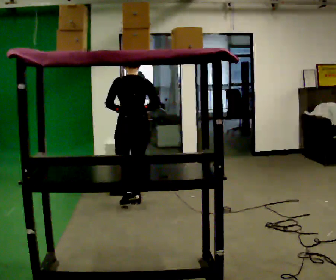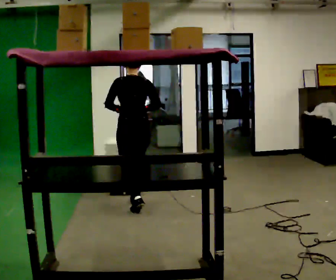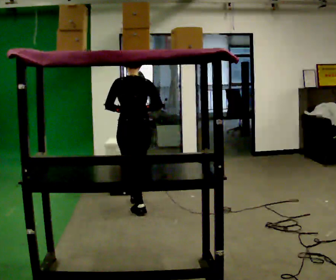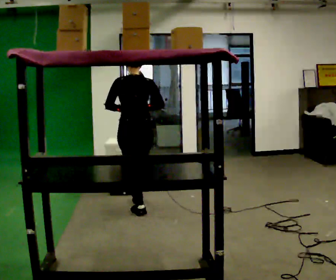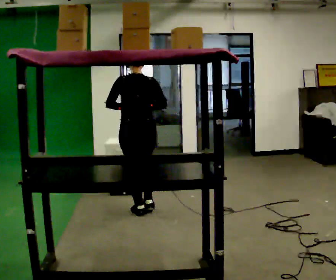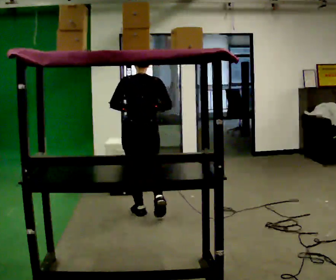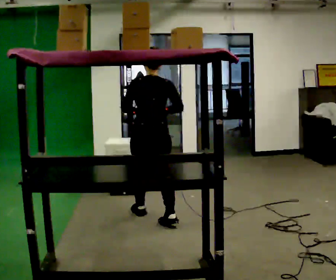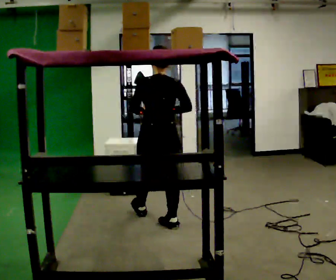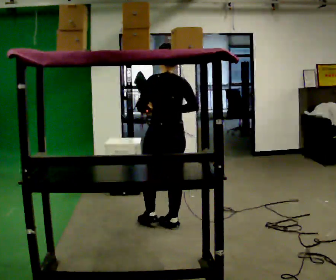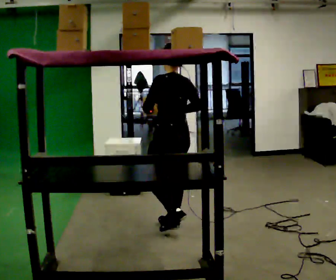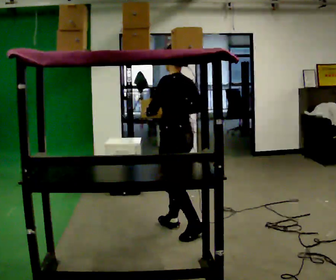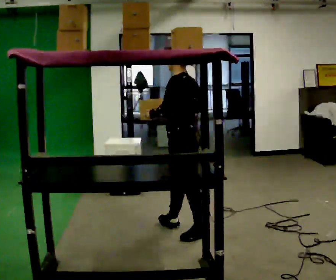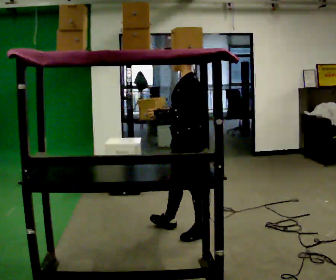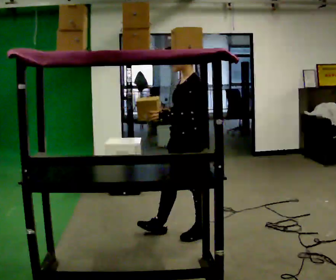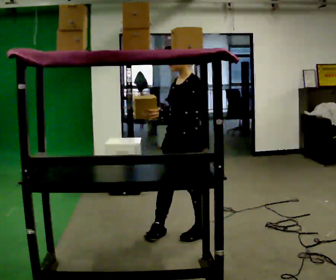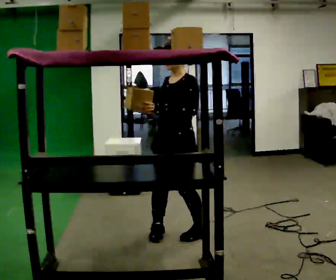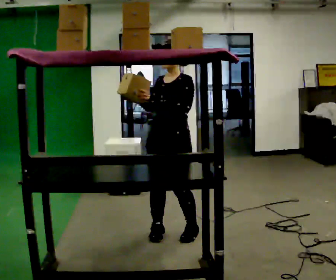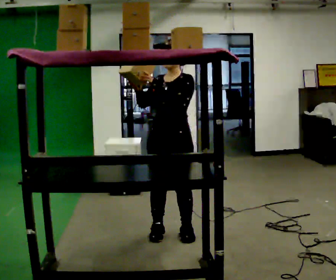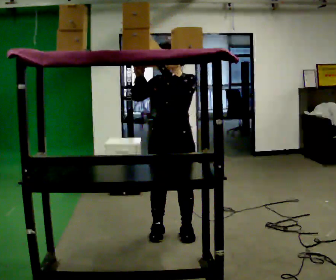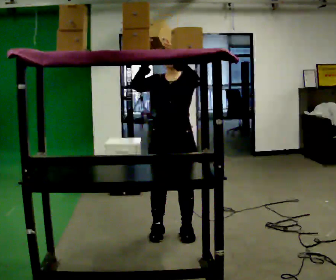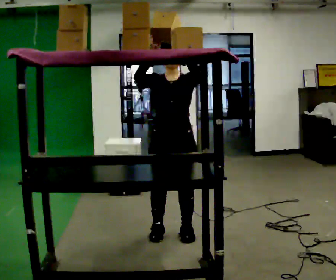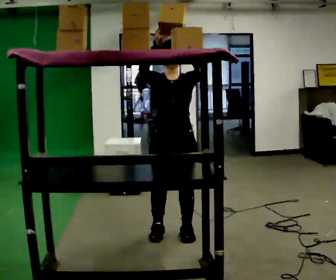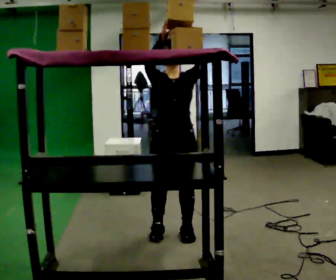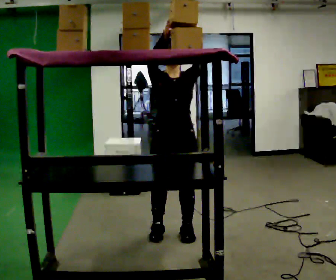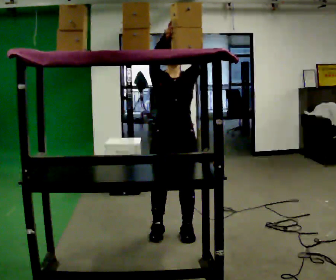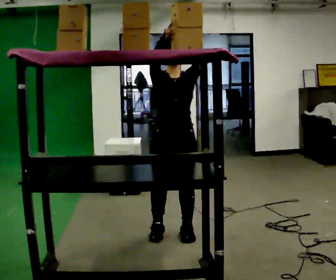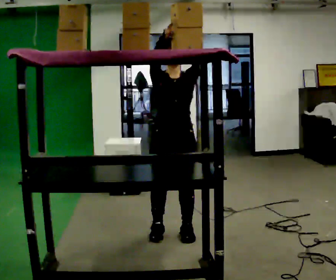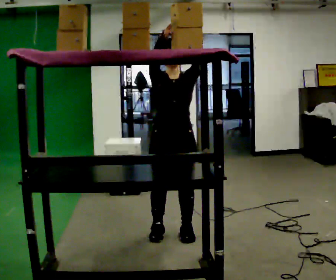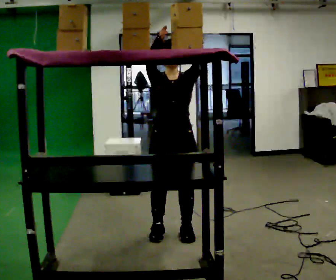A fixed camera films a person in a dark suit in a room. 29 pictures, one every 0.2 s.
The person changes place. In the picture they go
toward the camera.
The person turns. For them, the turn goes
to their left.
0.0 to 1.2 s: In the picture they go toward the camera and to the right, about 0.5 m in 1 step, which for them is backward.
1.2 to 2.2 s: Seen from above the body turns counterclockwise, about 60 degrees: to their left, with its near side sliding to the right. In the picture they go toward the camera and to the right, about 0.5 m in 1 step, which for them is backward.
2.2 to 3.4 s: Seen from above the body turns counterclockwise, about 75 degrees: to their left, with its near side sliding to the right. In the picture their right hand goes to the left.
3.4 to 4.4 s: The part of the body nearest the lens slides to the right as the person turns to their left by about 30 degrees. In the picture their right hand goes upward.
4.4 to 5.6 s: The person moves a little, or ends about where they began.
The film runs backward here.
